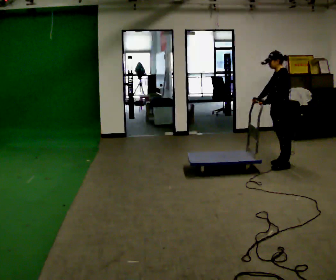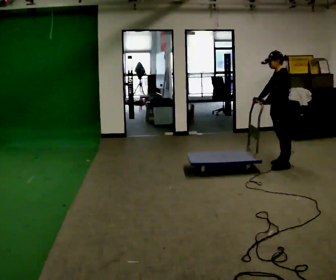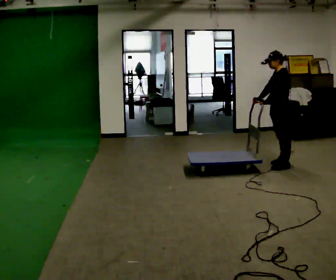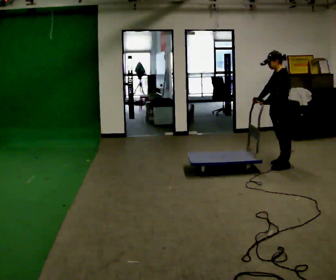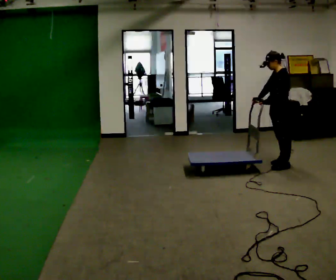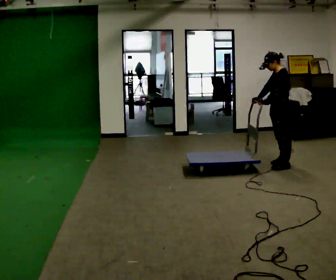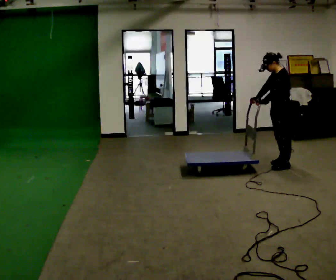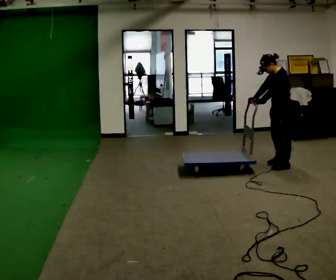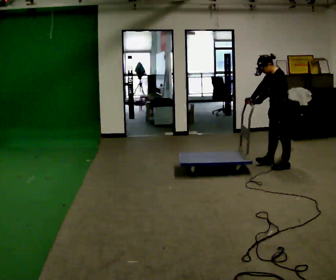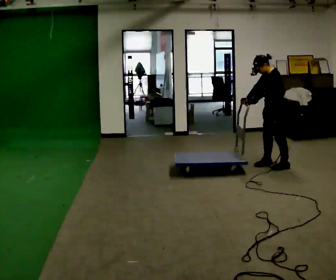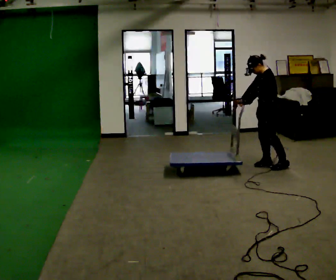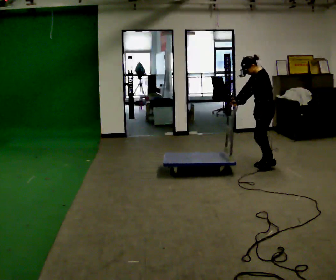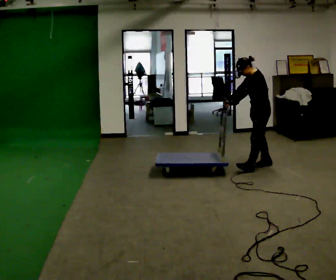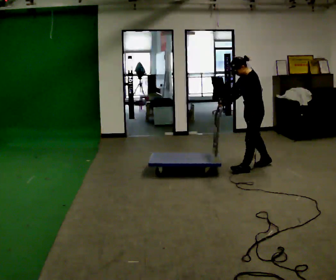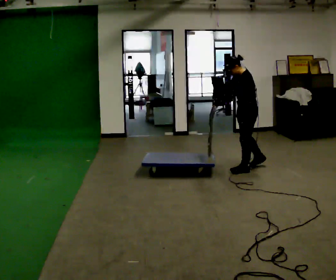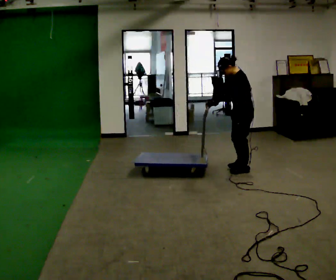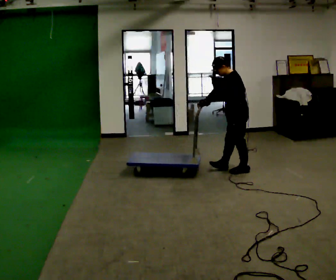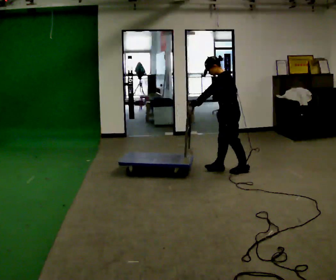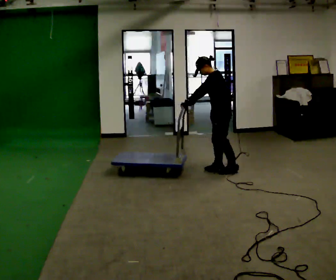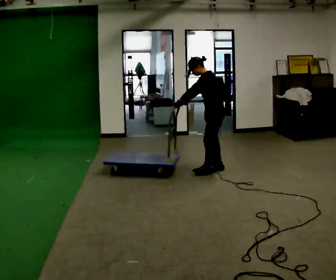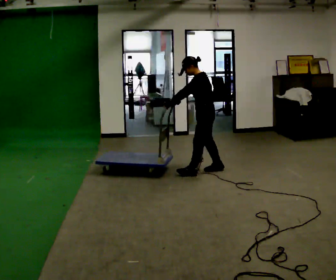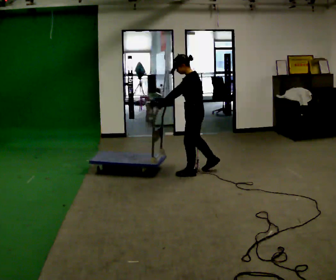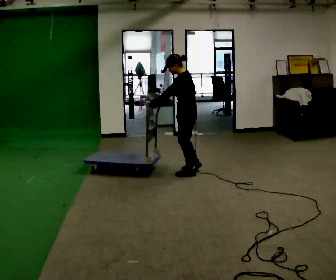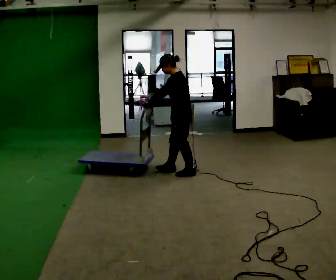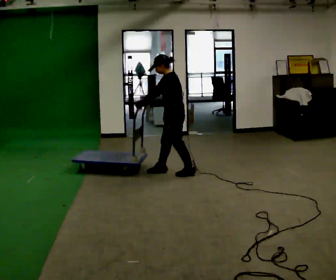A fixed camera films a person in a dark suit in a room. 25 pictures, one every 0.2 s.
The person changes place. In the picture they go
to the left.
0.0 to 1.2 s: The person moves a little, or ends about where they began.
1.2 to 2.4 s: In the picture they go to the left, about 0.25 m in 2 steps, which for them is forward and to their right.
2.4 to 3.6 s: In the picture they go to the left and toward the camera, about 0.5 m in 2 steps, which for them is forward.
3.6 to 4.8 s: In the picture they go to the left and toward the camera, about 0.5 m in 1 step, which for them is forward.
The film runs backward here.
